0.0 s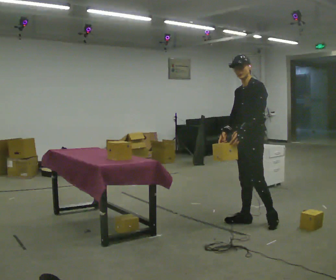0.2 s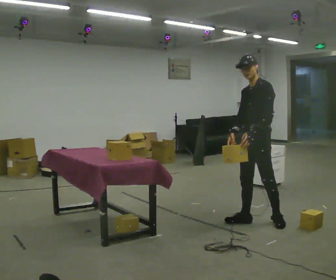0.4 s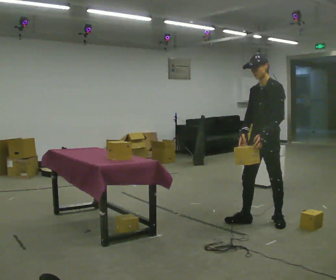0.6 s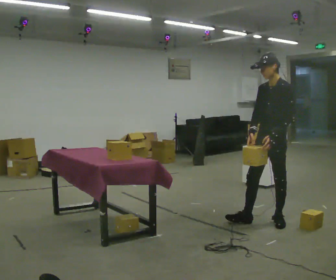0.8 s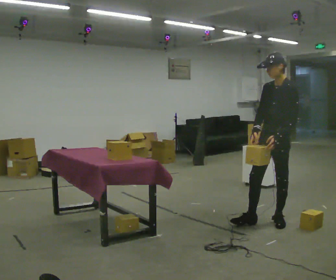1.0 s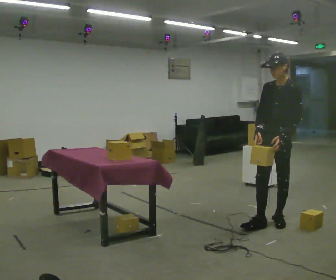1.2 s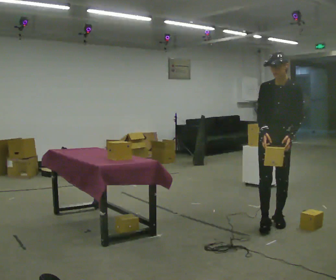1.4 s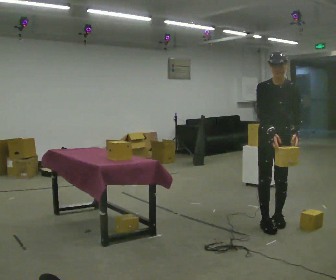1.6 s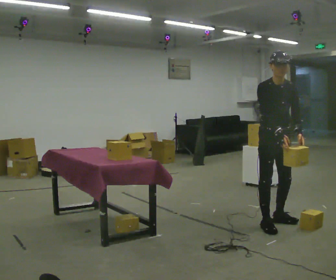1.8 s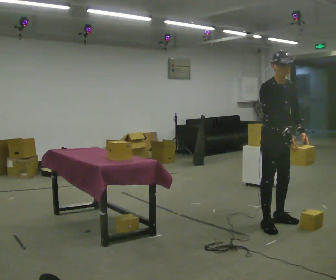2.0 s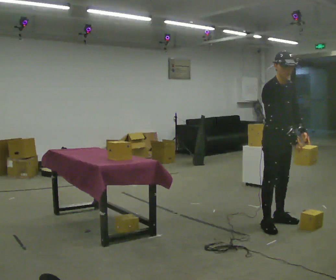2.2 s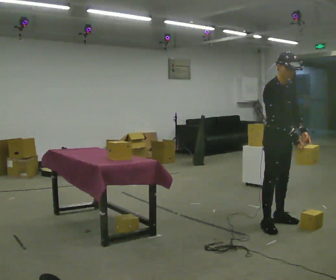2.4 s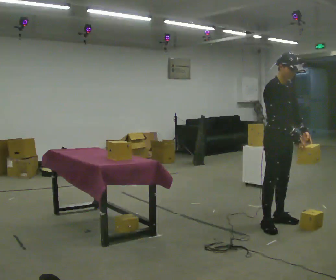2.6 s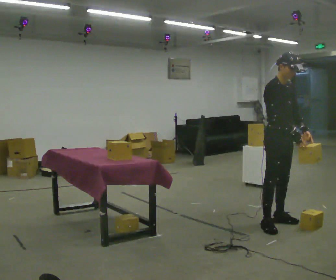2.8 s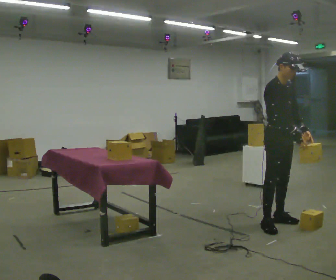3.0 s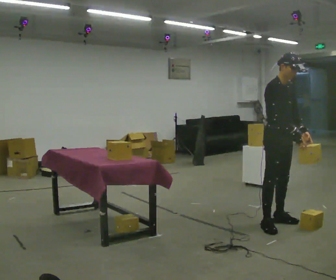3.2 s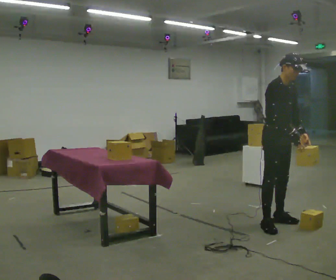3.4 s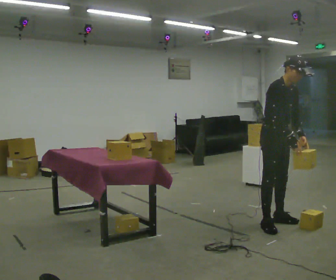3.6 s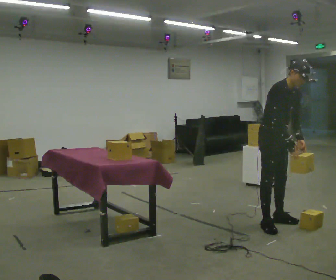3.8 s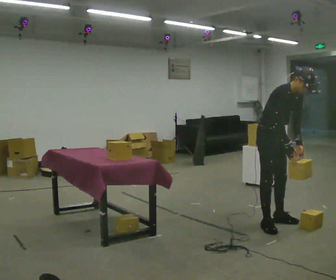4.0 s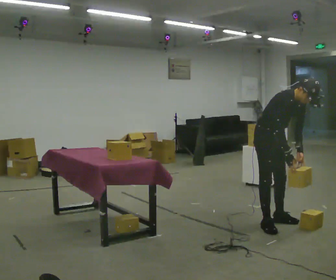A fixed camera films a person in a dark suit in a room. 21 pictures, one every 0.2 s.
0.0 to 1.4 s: The person turns about 60 degrees to their left, counterclockwise seen from above, so the part of the body nearest the lens slides to the right. In the picture they go to the right, about 0.25 m in 1 step, which for them is to their left. In the picture their left hand goes to the right.
1.4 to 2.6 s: The part of the body nearest the lens slides to the right as the person turns to their left by about 45 degrees.
2.6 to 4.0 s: In the picture the upper body tilts clockwise, shoulders to the right, as they bend forward.
The film runs backward here.
